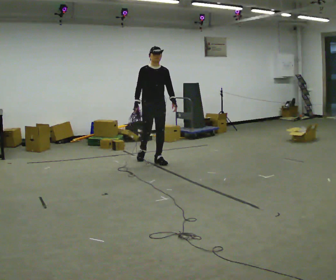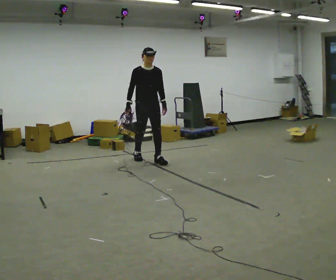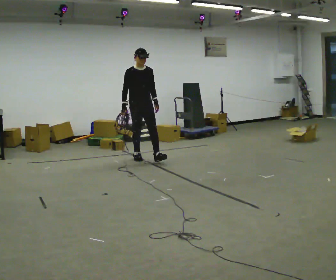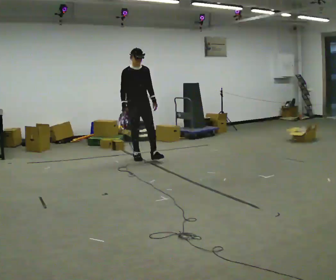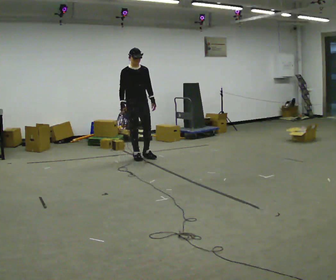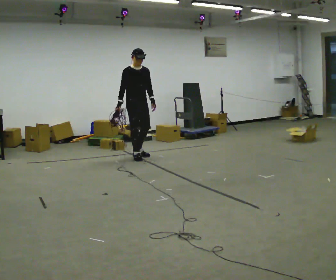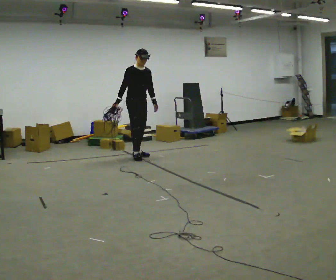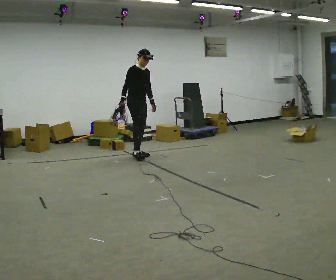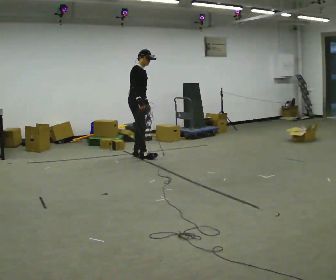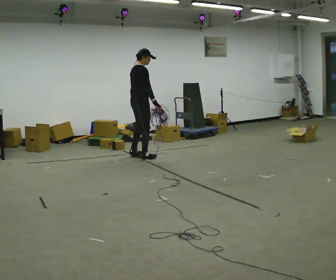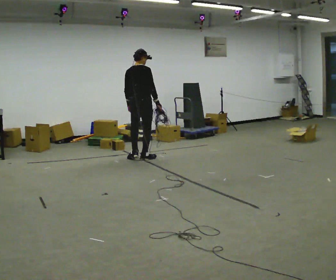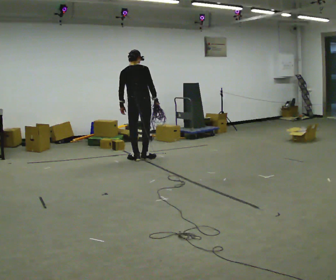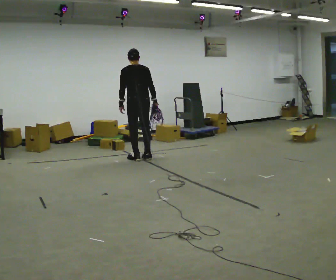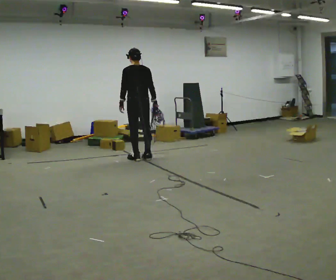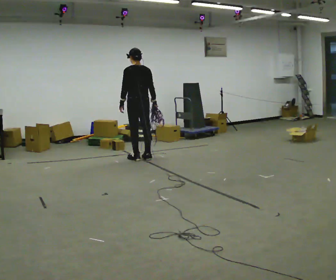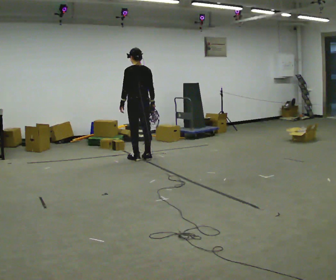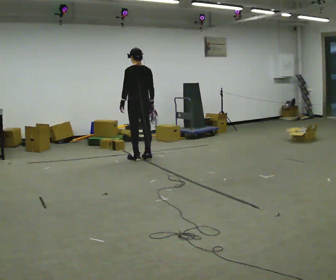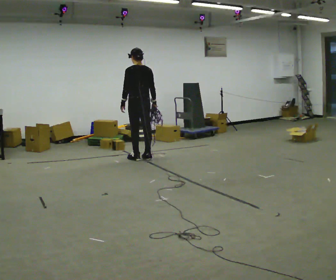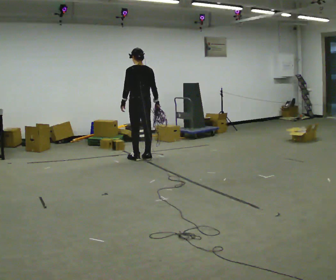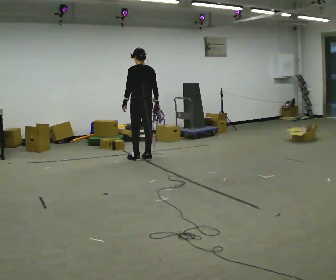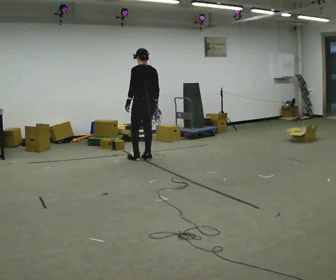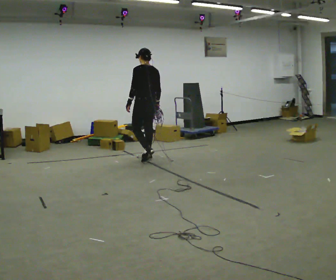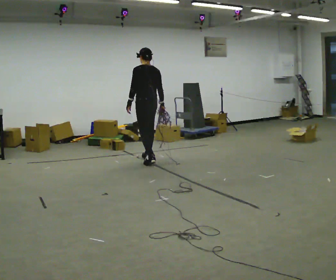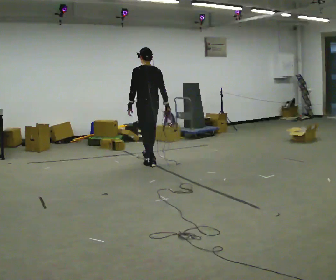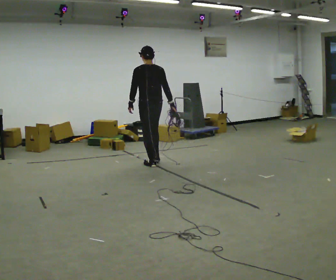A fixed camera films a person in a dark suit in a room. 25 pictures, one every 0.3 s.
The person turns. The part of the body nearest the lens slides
to the right.
The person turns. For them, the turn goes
to their left.
0.0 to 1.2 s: In the picture they go to the left and away from the camera, about 0.5 m in 1 step, which for them is backward and to their right.
1.2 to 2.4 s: The person turns about 60 degrees to their left, counterclockwise seen from above, so the part of the body nearest the lens slides to the right.
2.4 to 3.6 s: Seen from above the body turns counterclockwise, about 120 degrees: to their left, with its near side sliding to the right. In the picture they go toward the camera, about 0.25 m in 1 step.
3.6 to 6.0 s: The person moves a little, or ends about where they began.
6.0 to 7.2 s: In the picture they go toward the camera, about 0.5 m in 1 step, which for them is backward.
The film runs backward here.
